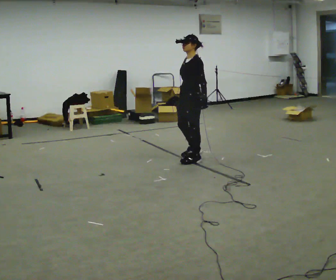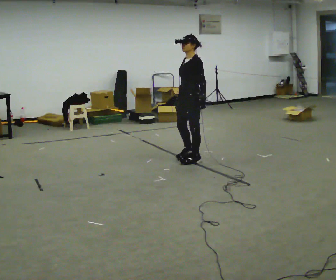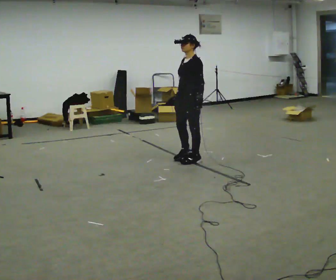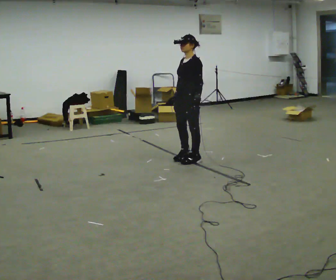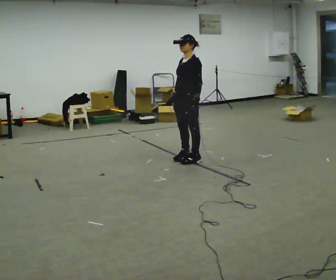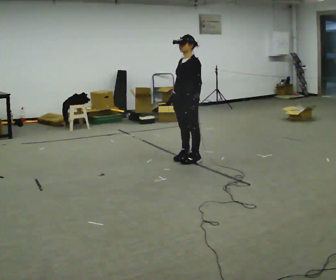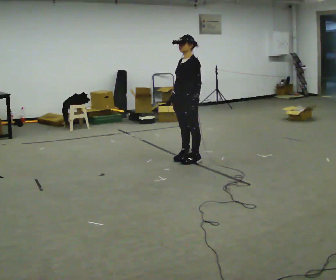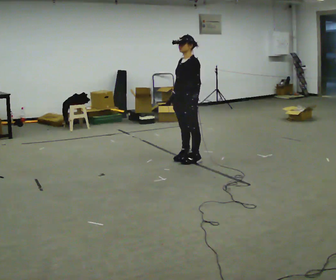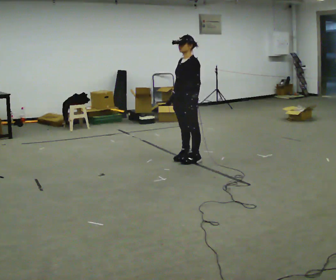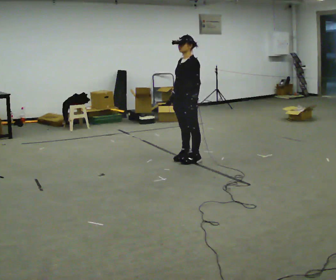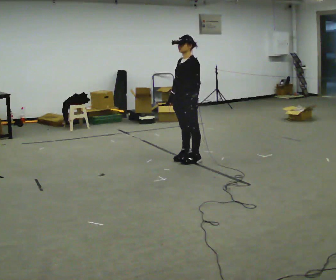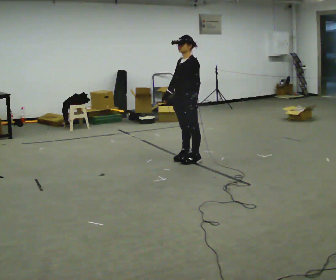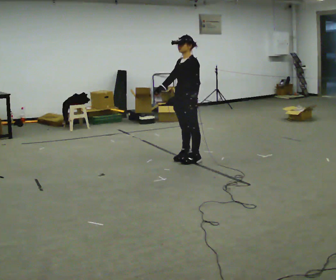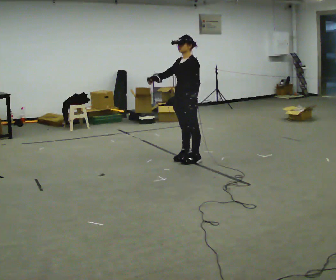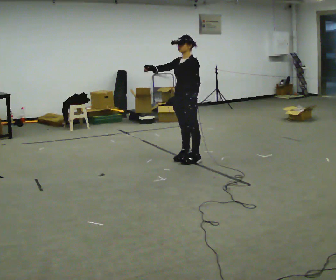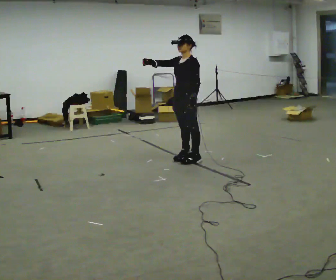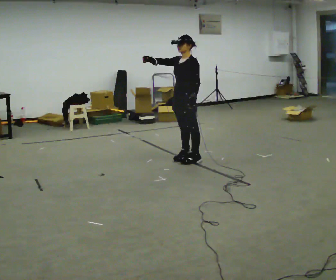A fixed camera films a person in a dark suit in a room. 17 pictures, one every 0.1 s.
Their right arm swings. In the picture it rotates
clockwise.
Their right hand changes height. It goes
upward.
0.0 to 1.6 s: In the picture their right hand goes upward and to the left, the arm swinging clockwise.
The film runs forward here.
